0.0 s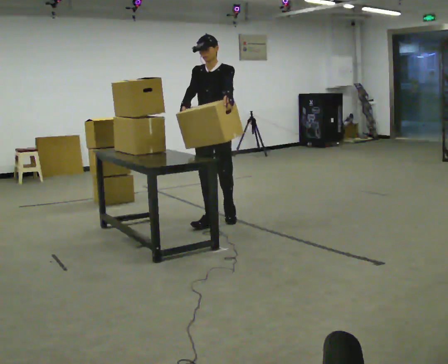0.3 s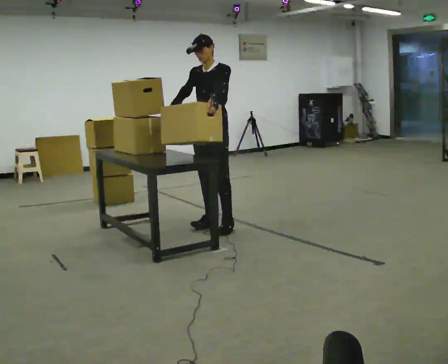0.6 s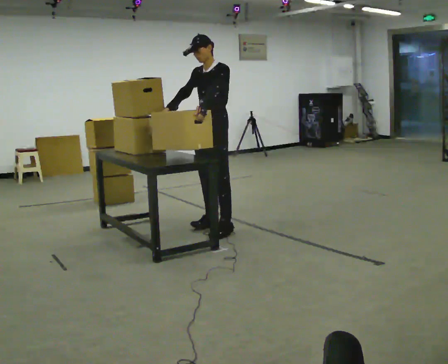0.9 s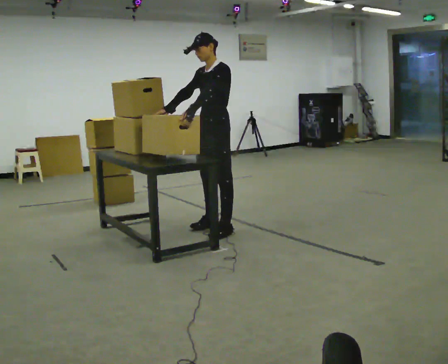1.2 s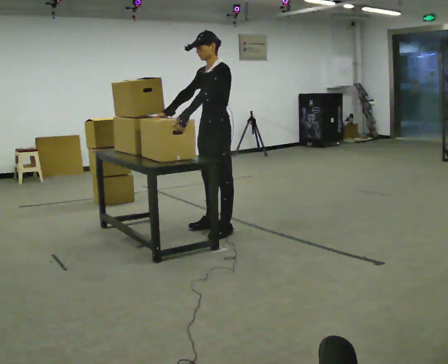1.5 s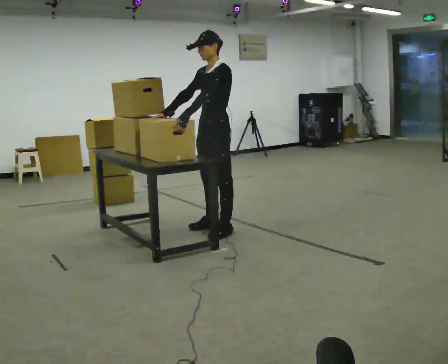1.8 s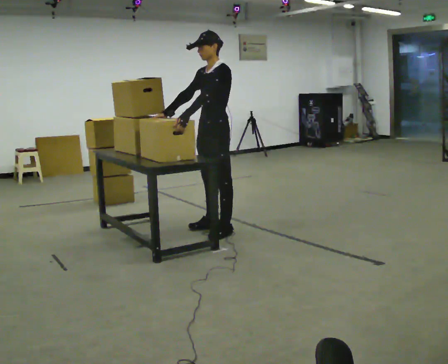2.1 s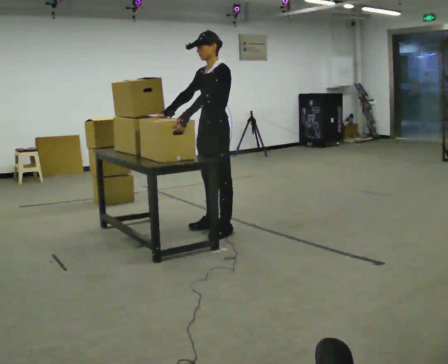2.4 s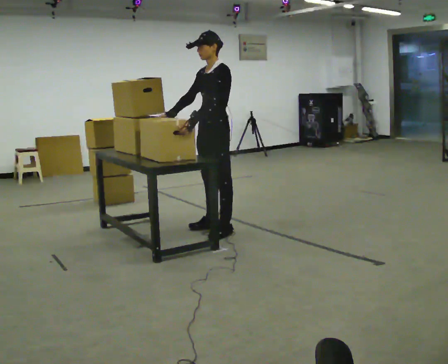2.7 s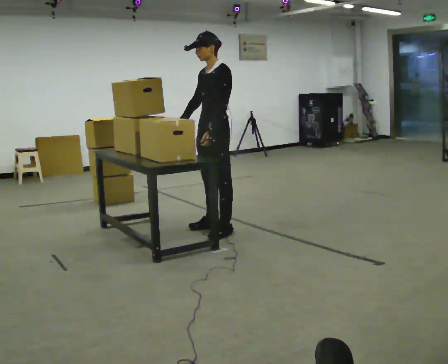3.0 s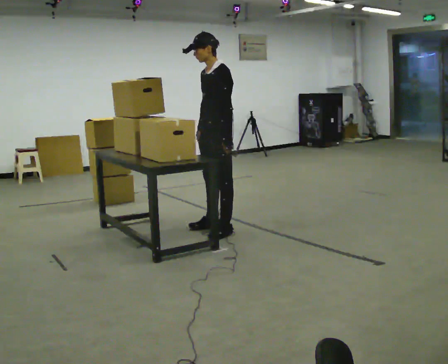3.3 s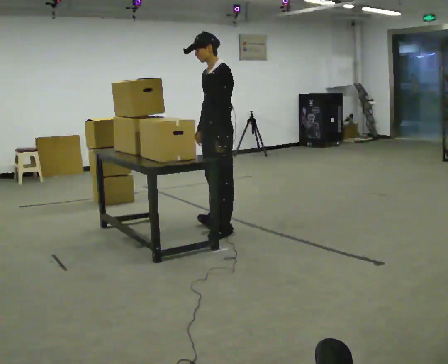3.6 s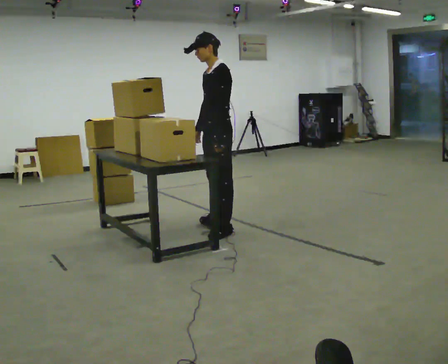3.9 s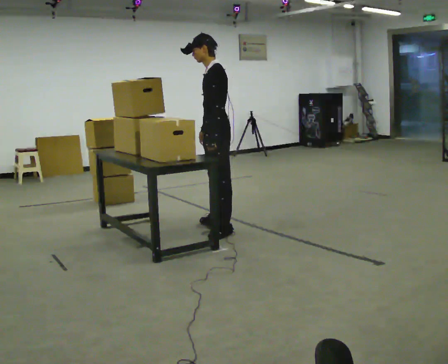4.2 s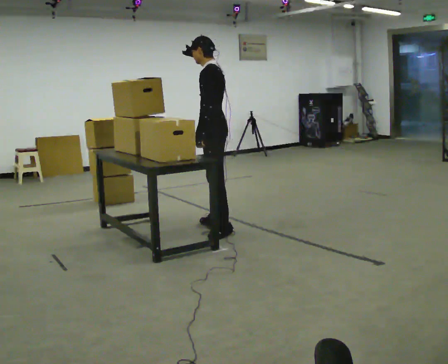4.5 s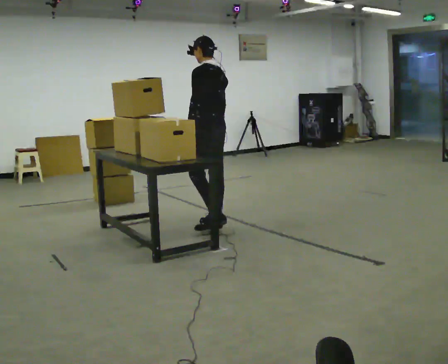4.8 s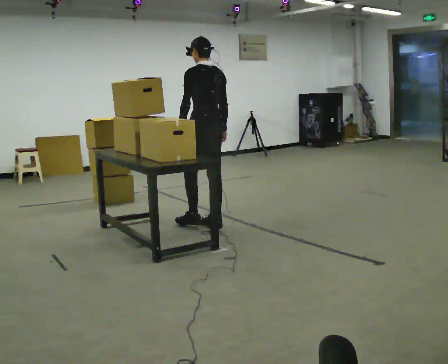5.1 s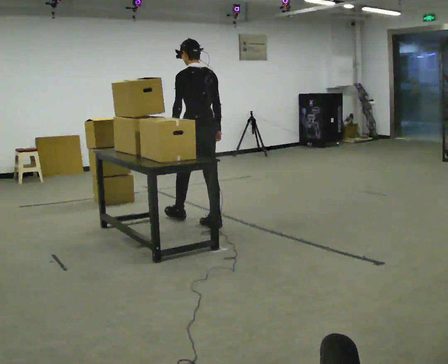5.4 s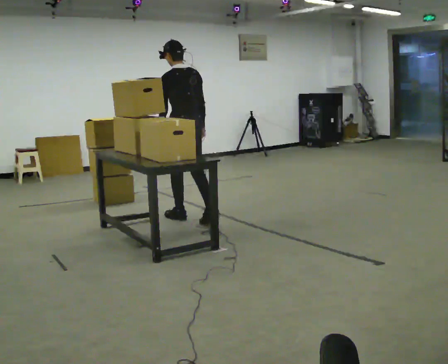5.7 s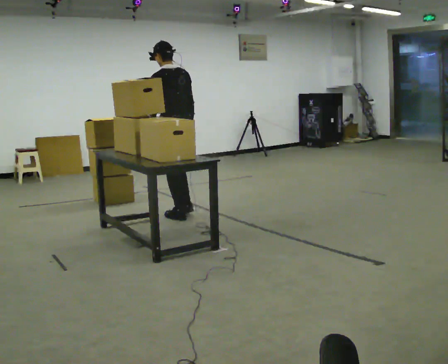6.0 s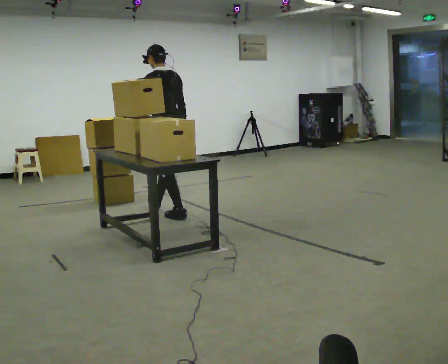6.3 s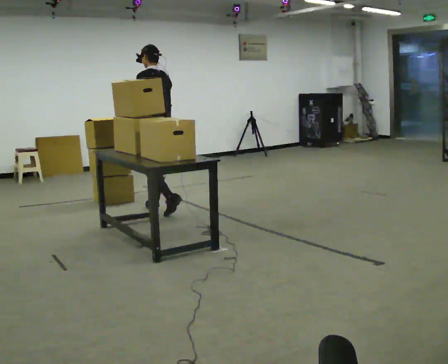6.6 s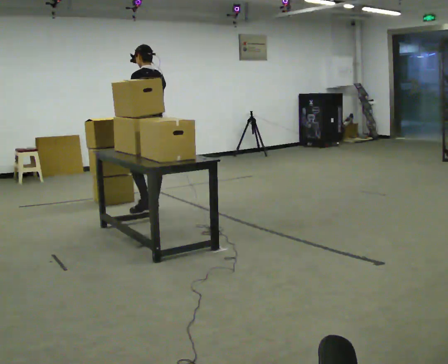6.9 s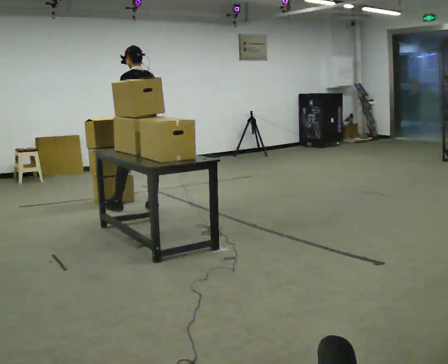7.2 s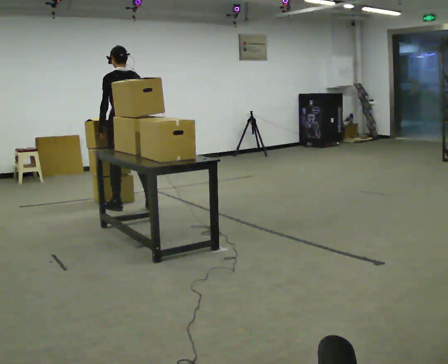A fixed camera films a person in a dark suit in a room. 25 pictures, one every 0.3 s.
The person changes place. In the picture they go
to the left.
0.0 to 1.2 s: The part of the body nearest the lens slides to the left as the person turns to their right by about 45 degrees. In the picture they go toward the camera, about 0.25 m in 1 step, which for them is to their left and forward.
1.2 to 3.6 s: The person moves a little, or ends about where they began.
3.6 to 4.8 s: The person turns about 60 degrees to their right, clockwise seen from above, so the part of the body nearest the lens slides to the left. In the picture they go away from the camera, about 0.25 m.
4.8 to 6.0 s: In the picture they go to the left and away from the camera, about 0.5 m in 2 steps, which for them is forward.
6.0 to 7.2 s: In the picture they go to the left and away from the camera, about 0.5 m in 1 step, which for them is forward.
The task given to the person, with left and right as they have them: Pick up the next box in the row and carry it to the table. The operator will not tell you how heavy each one is. Keep going until the operator says stop; one object at a time, and do not rush between trips.
The film runs forward here.
